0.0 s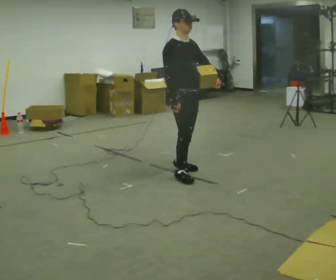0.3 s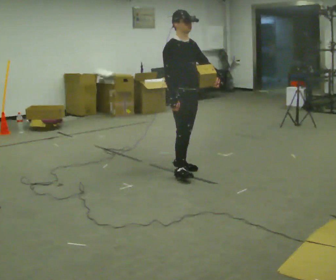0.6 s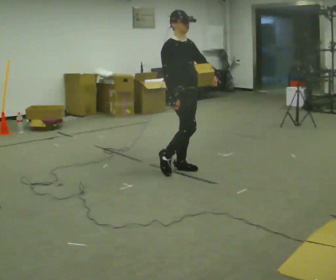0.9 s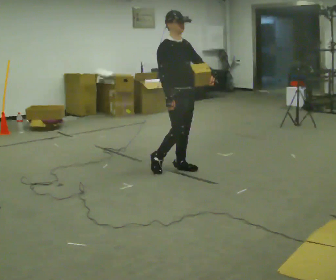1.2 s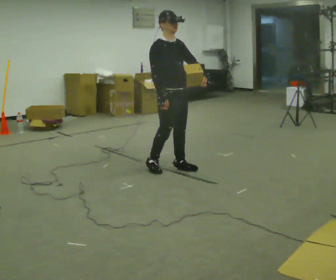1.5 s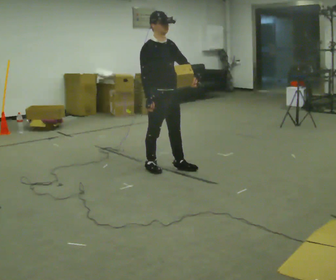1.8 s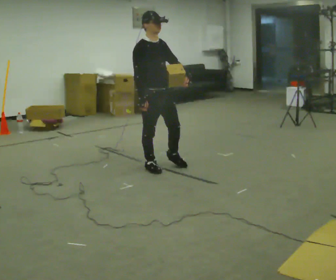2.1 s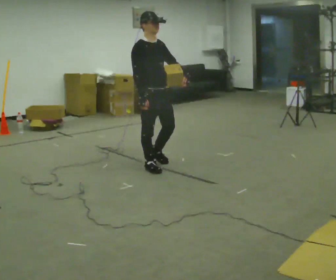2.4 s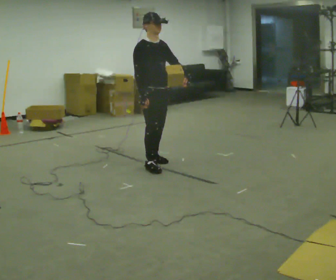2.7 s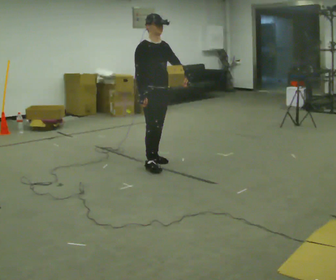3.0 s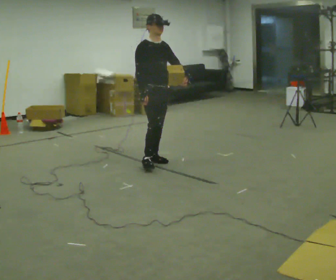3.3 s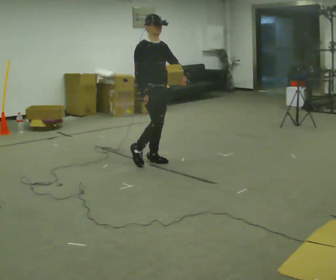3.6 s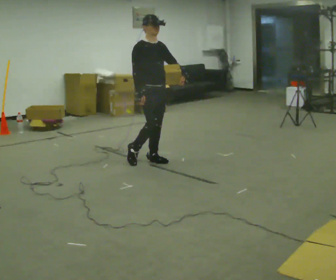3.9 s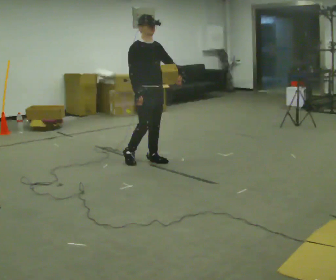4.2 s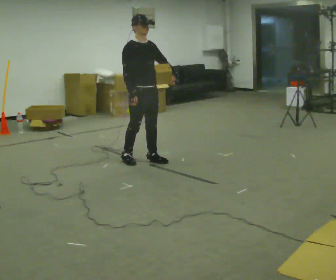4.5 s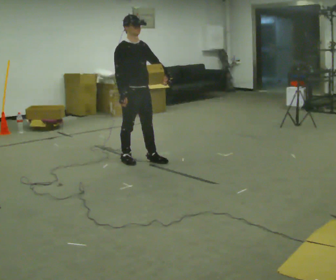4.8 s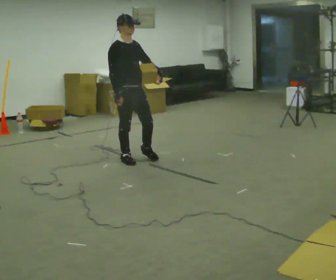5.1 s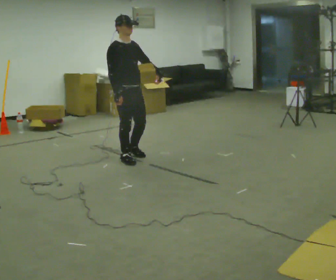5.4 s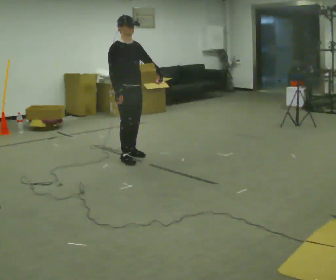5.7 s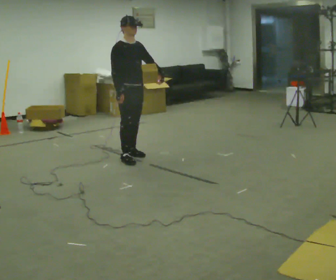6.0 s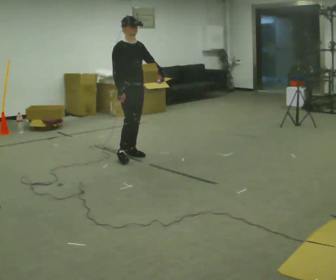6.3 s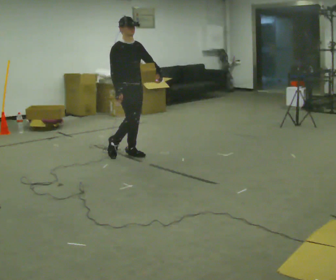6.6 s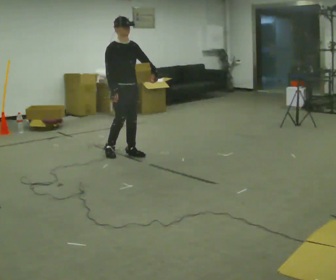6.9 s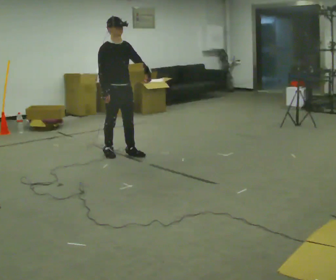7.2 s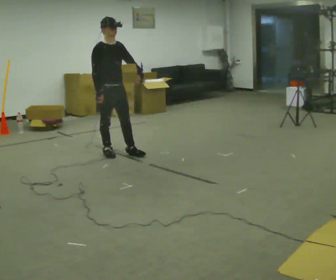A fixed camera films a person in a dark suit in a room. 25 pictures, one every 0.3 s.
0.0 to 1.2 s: In the picture they go away from the camera, about 0.25 m in 1 step, which for them is backward.
1.2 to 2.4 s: In the picture they go to the left, about 0.25 m in 1 step, which for them is backward.
2.4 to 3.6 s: In the picture they go away from the camera, about 0.25 m in 2 steps, which for them is backward and to their left.
3.6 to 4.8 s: In the picture they go to the left, about 0.25 m in 1 step, which for them is backward and to their right.
4.8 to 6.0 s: In the picture they go away from the camera, about 0.25 m in 1 step, which for them is to their left and backward.
6.0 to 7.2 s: In the picture they go to the left, about 0.25 m, which for them is backward and to their right.
The film runs backward here.
